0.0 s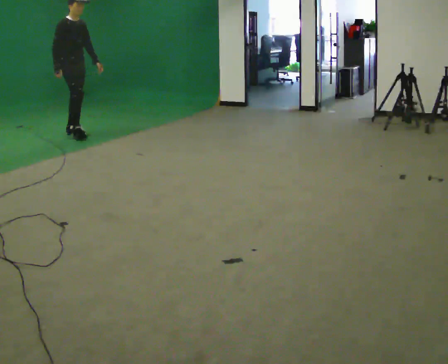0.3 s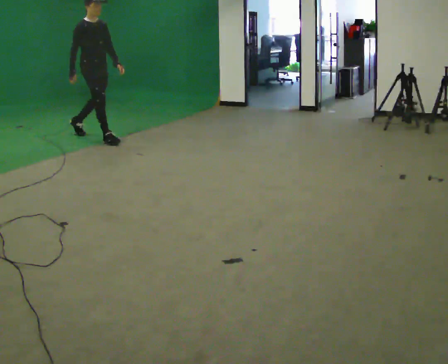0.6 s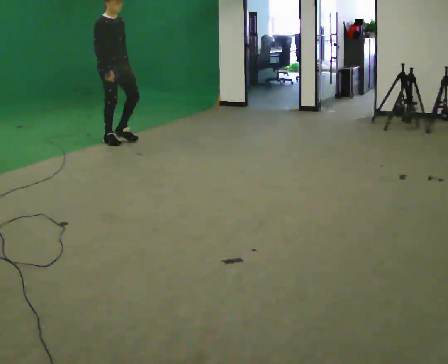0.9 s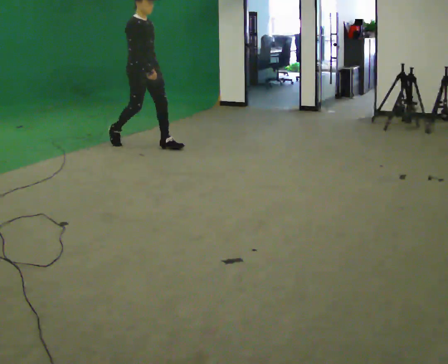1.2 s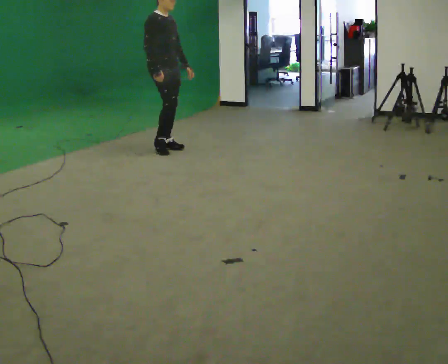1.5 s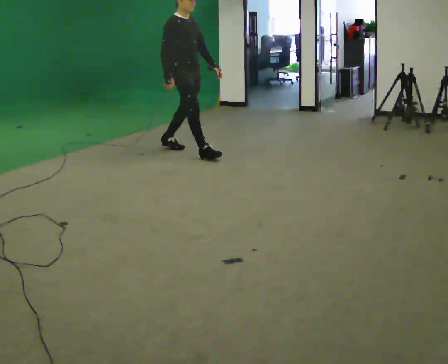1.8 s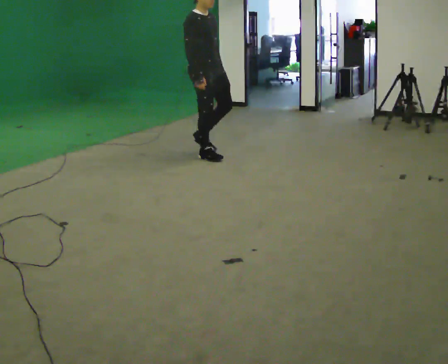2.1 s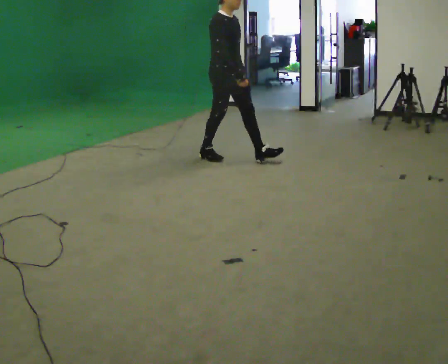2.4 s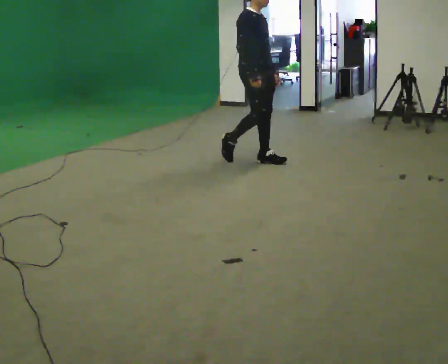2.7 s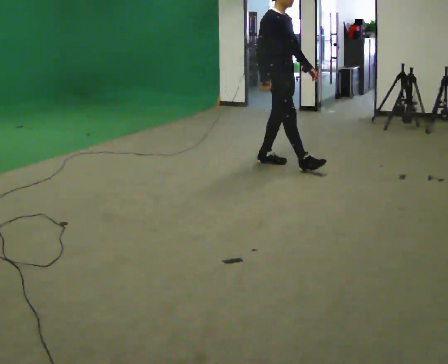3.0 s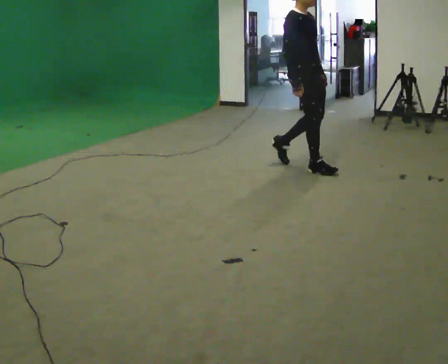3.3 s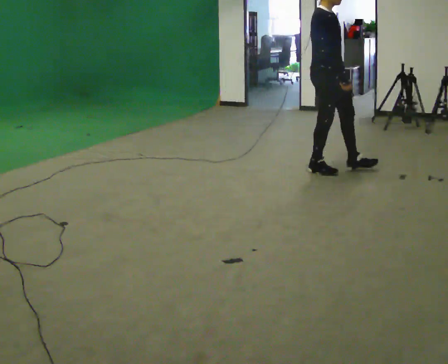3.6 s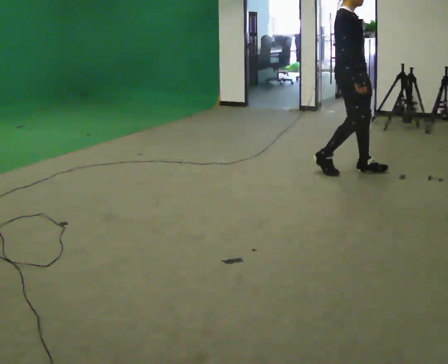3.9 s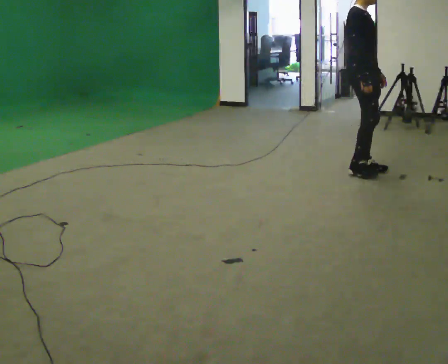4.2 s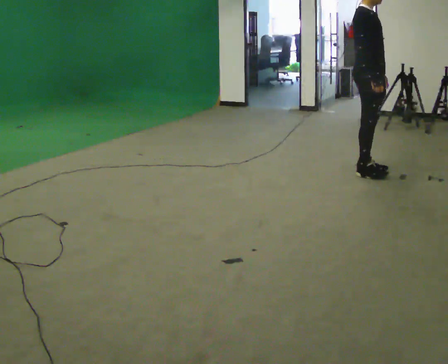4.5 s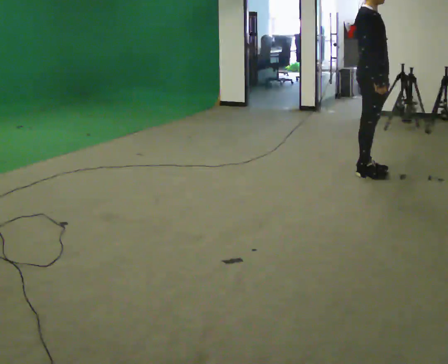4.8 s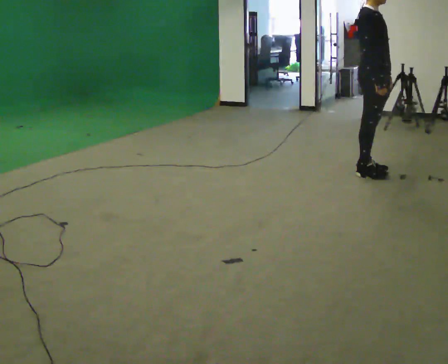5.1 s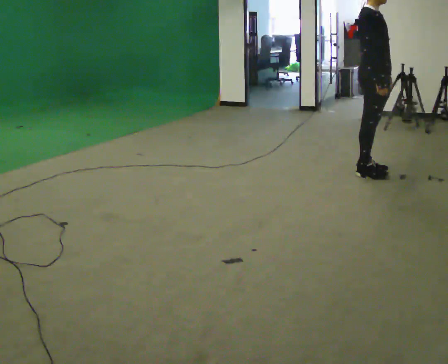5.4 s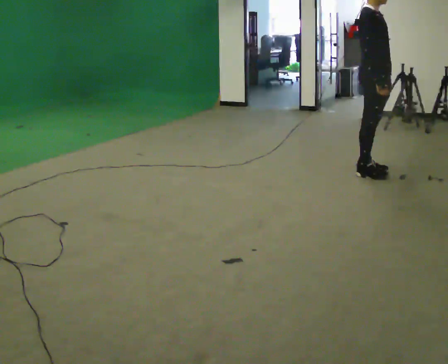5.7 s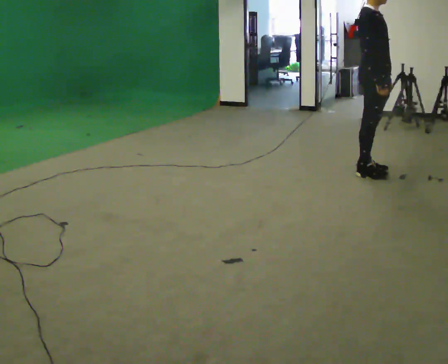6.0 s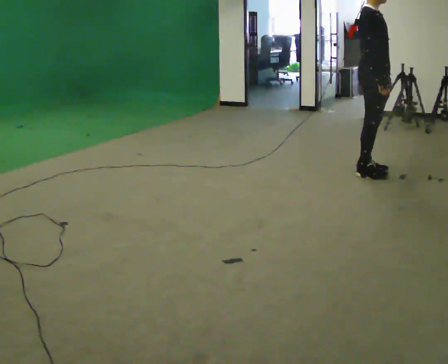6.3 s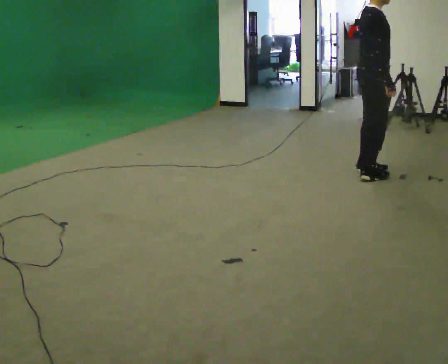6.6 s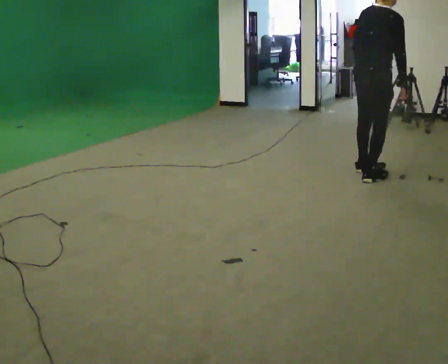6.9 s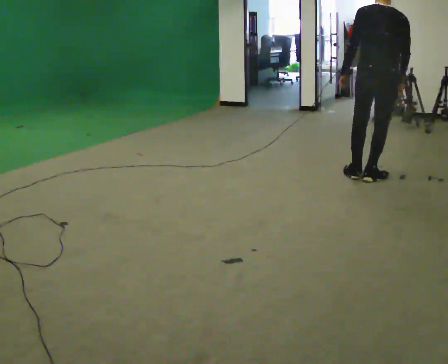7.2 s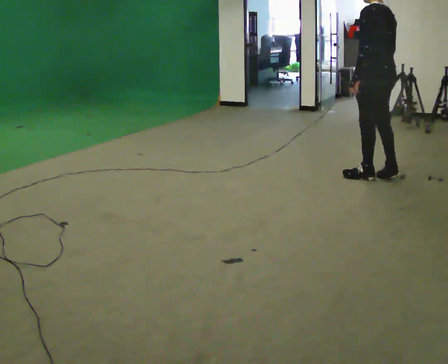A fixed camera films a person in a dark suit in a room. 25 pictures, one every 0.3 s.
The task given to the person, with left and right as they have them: Start at normal speed; gradually slow over several steps; stop gently.
0.0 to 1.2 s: In the picture they go to the right, about 1.5 m in 2 steps, which for them is forward.
1.2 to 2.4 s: In the picture they go to the right, about 1 m in 2 steps, which for them is forward.
2.4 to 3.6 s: In the picture they go to the right, about 1 m in 2 steps, which for them is forward.
3.6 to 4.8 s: In the picture they go to the right, about 0.25 m in 1 step, which for them is forward.
4.8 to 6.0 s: The person keeps their place and pose.
6.0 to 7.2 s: The person turns about 165 degrees to their left, counterclockwise seen from above, so the part of the body nearest the lens slides to the right.
The film runs forward here.
